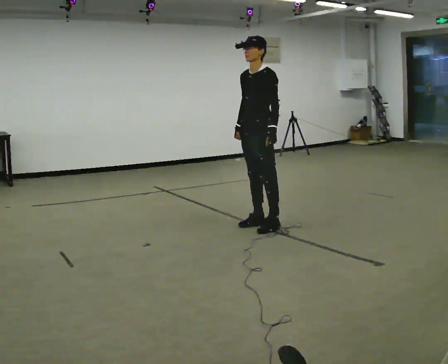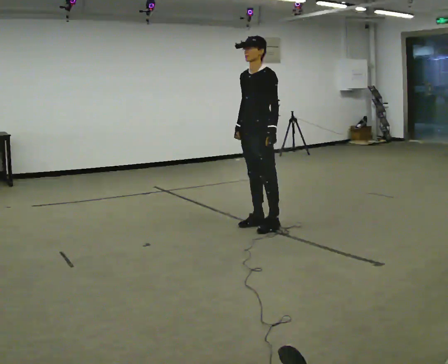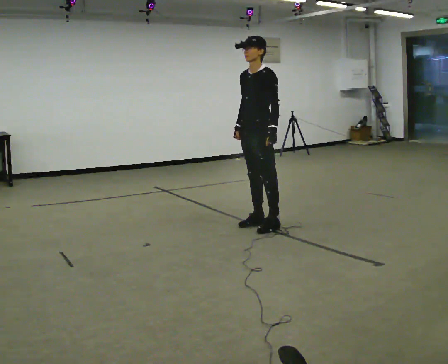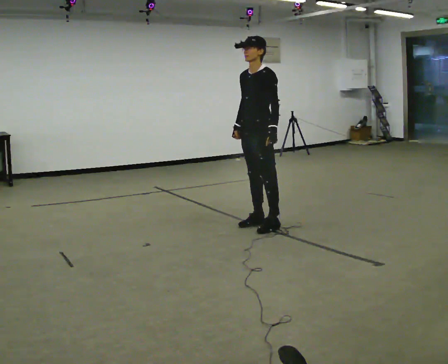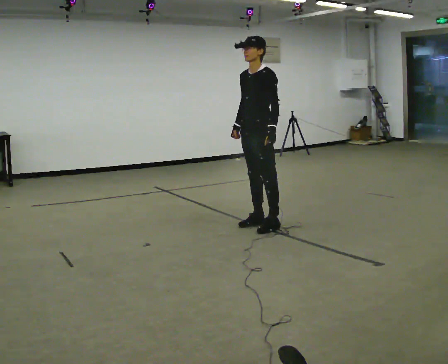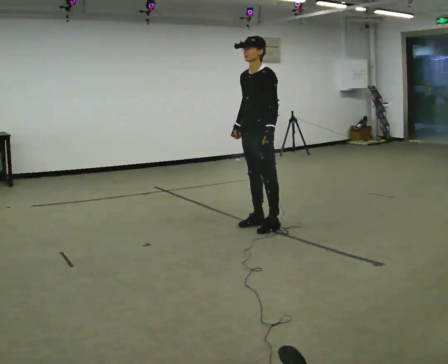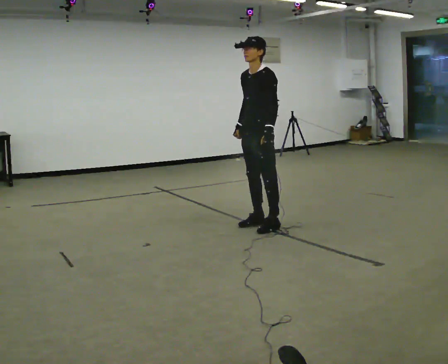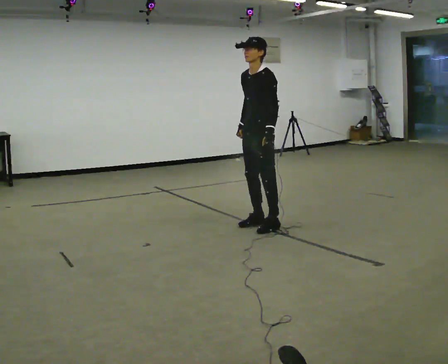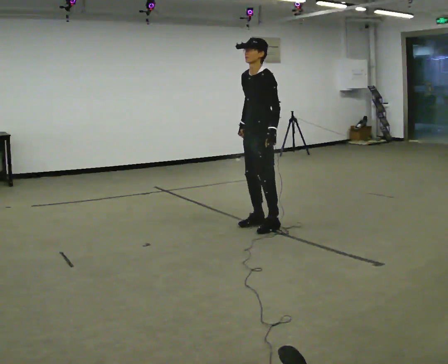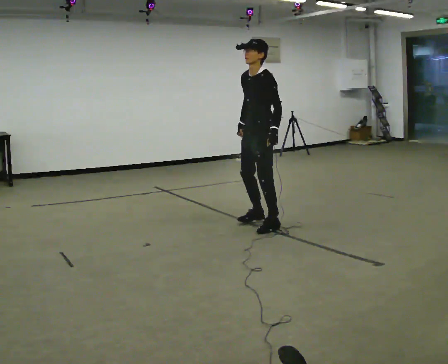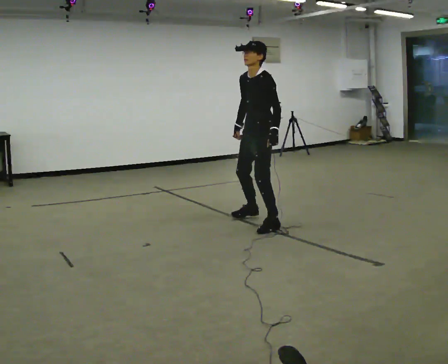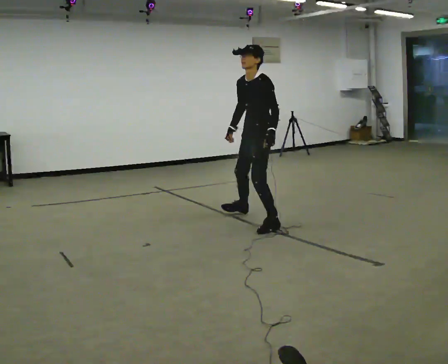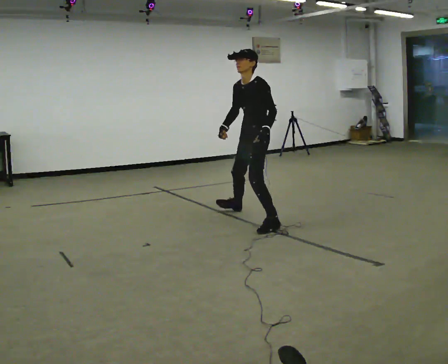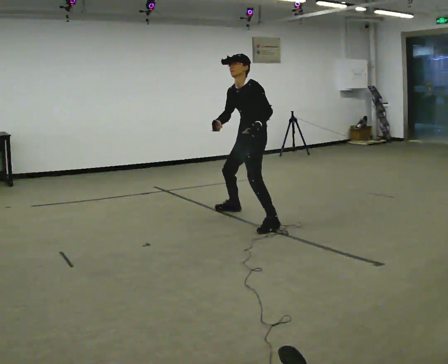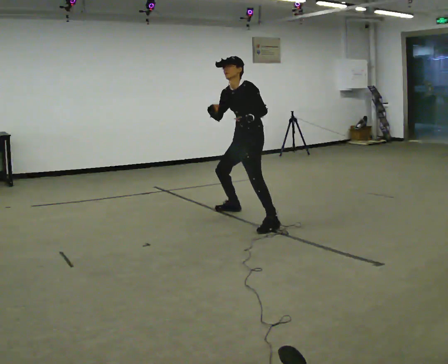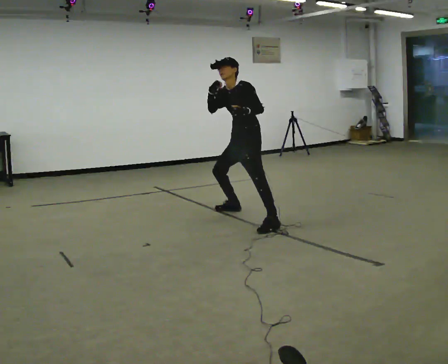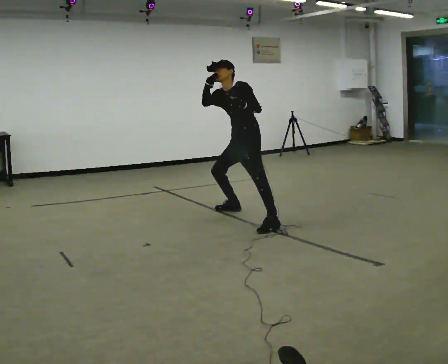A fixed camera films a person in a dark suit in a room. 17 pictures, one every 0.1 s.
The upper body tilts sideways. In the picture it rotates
counterclockwise.
Their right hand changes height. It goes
upward.
0.0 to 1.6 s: In the picture they go away from the camera, about 0.5 m in 1 step, which for them is to their right and backward. The shoulders move downward. In the picture the upper body tilts counterclockwise, shoulders to the left, as they bend forward. In the picture their right hand goes upward.
The film runs backward here.
